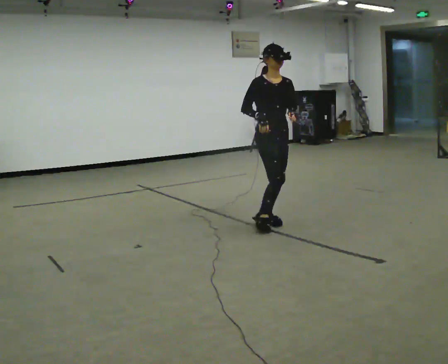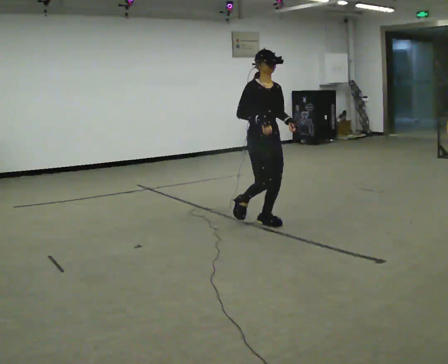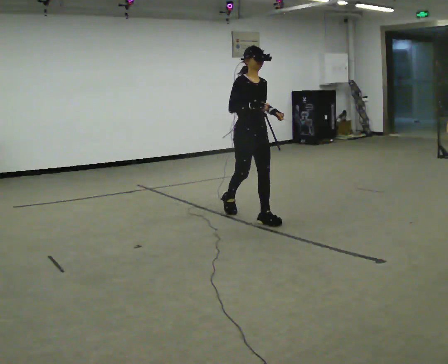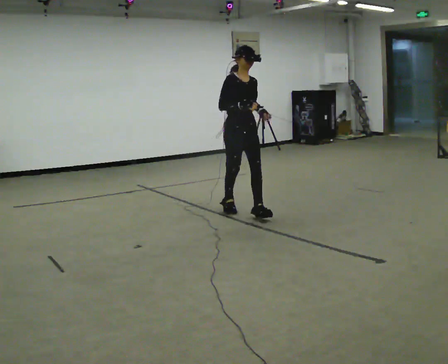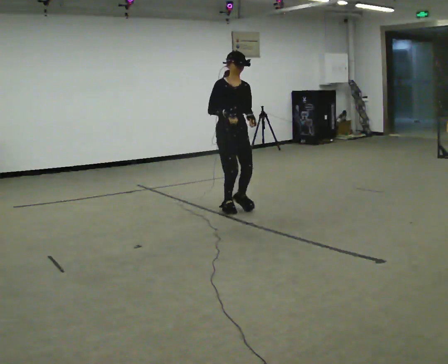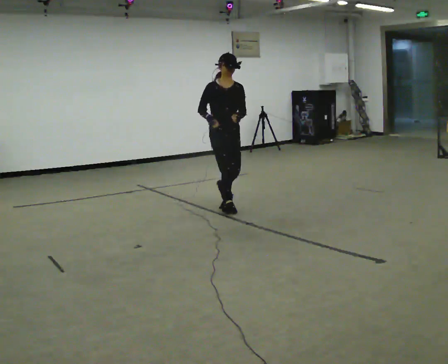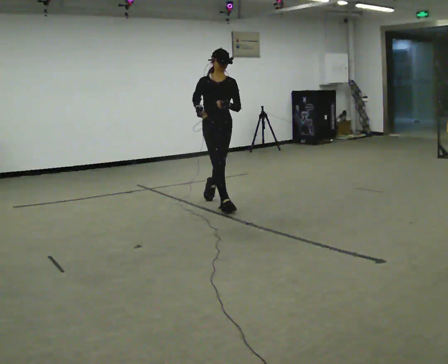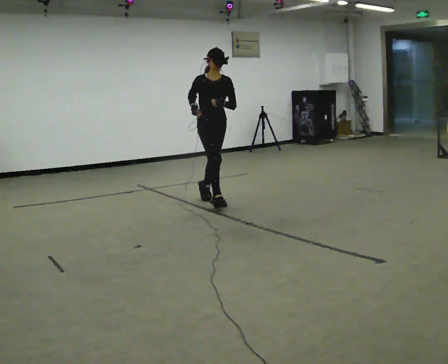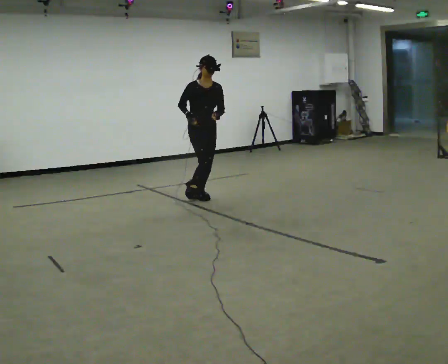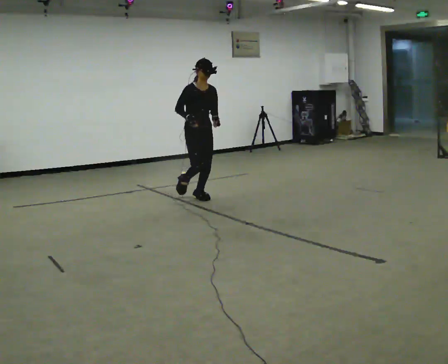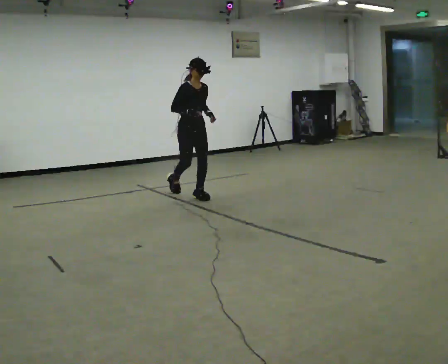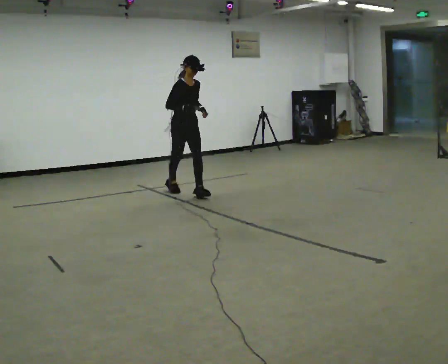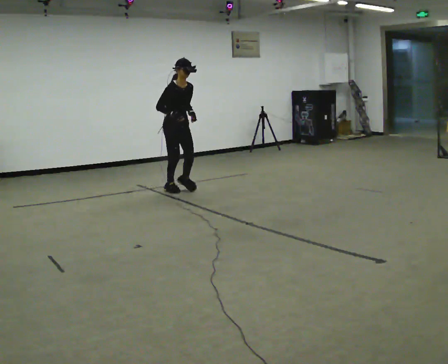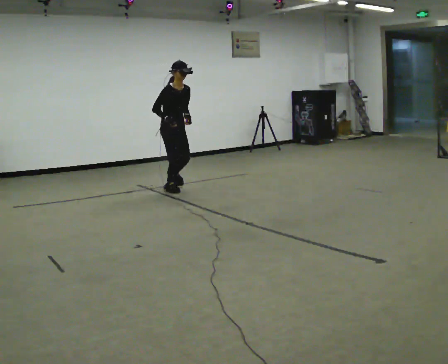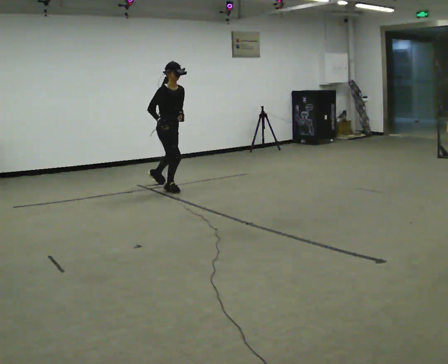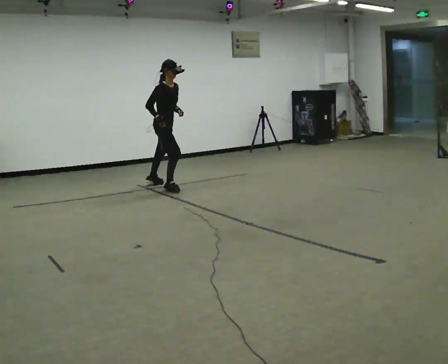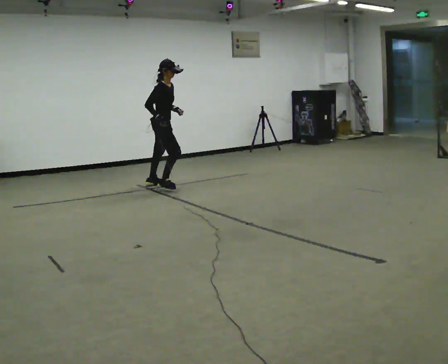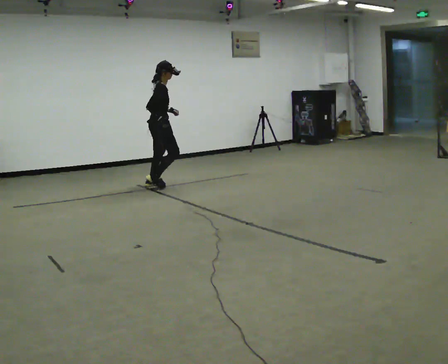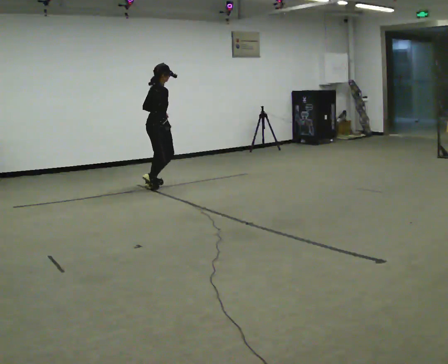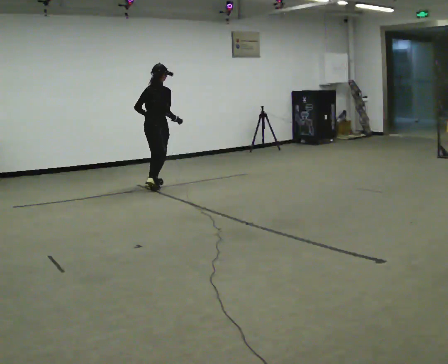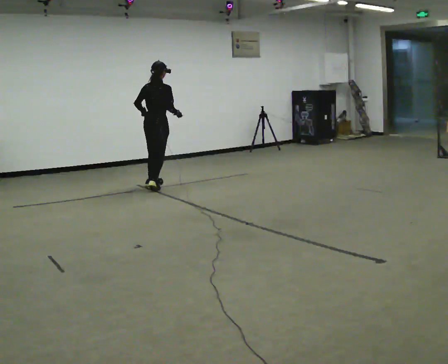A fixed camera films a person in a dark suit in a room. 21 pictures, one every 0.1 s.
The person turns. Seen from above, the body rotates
counterclockwise.
The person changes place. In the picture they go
away from the camera.
0.0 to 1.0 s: In the picture they go away from the camera and to the left, about 1.5 m in 2 steps, which for them is backward.
1.0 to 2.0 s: The person turns about 120 degrees to their left, counterclockwise seen from above, so the part of the body nearest the lens slides to the right. In the picture they go away from the camera and to the left, about 1 m in 2 steps.
The film runs backward here.
